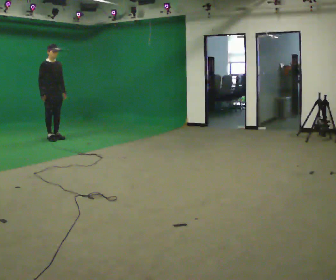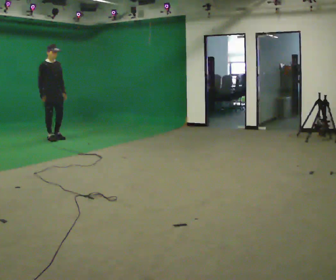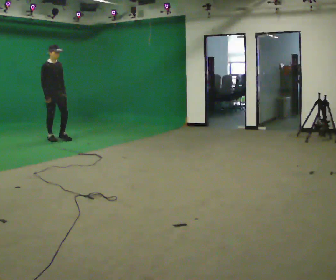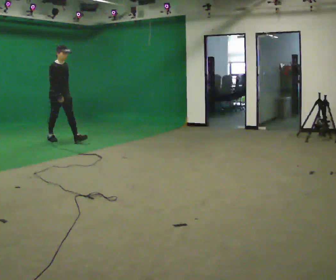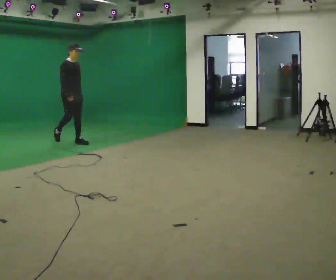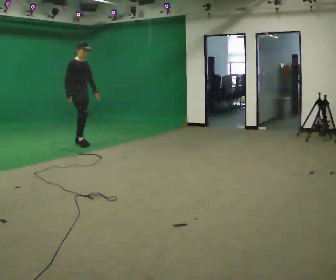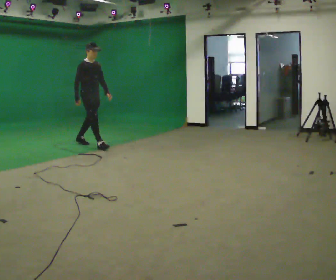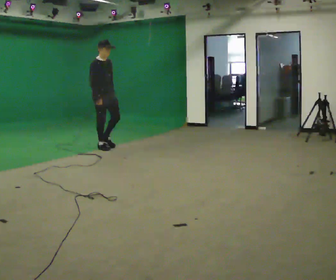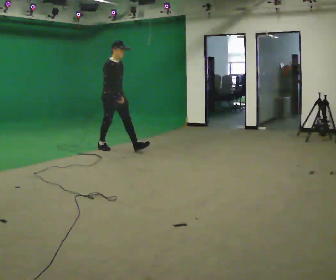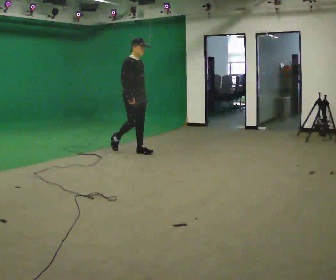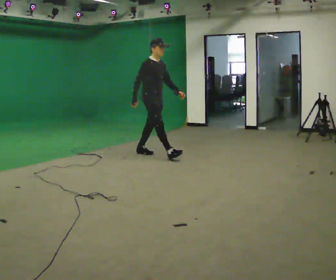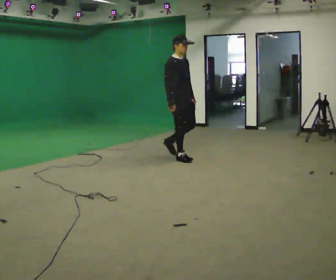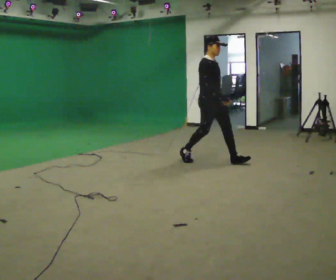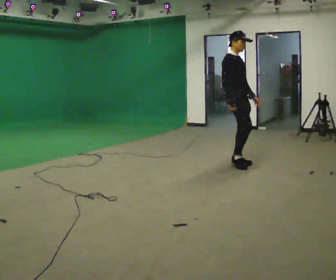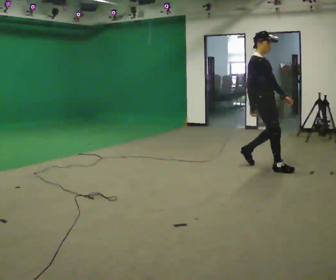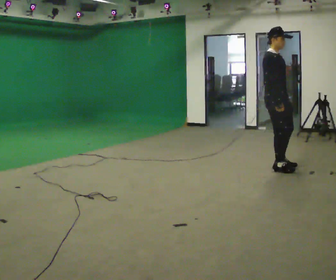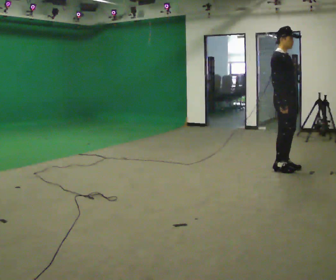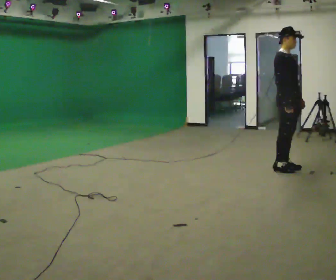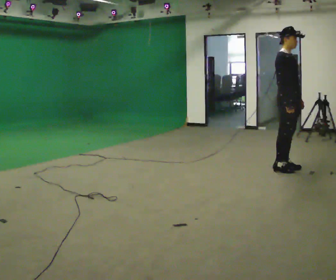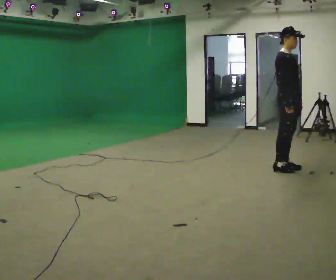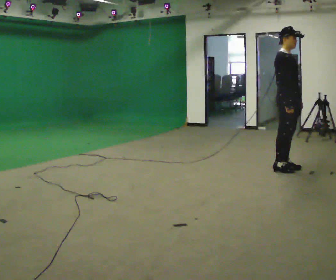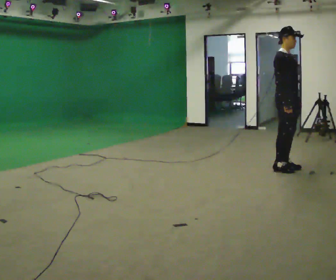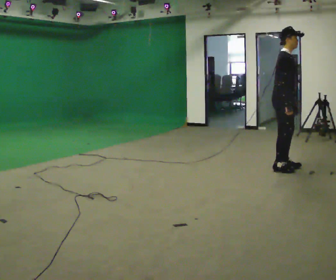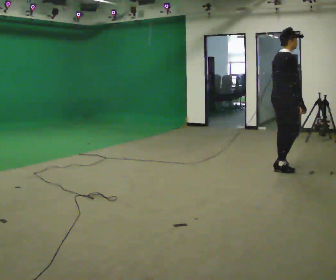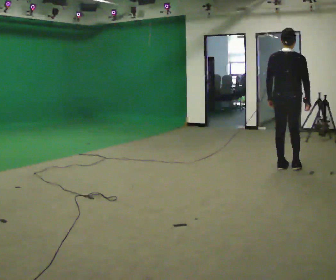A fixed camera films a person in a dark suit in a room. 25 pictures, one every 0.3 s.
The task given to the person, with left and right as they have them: Start still; gradually go slow → normal → fast; briefly maintain fast speed; stop.
0.0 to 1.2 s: In the picture they go to the right and toward the camera, about 0.5 m in 1 step, which for them is forward.
1.2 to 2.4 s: In the picture they go to the right and toward the camera, about 1 m in 1 step, which for them is forward.
2.4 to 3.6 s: In the picture they go to the right and toward the camera, about 1.5 m in 3 steps, which for them is forward.
3.6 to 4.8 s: In the picture they go to the right and toward the camera, about 1 m in 2 steps, which for them is forward.
4.8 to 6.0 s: The person moves a little, or ends about where they began.
6.0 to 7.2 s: The person turns about 105 degrees to their left, counterclockwise seen from above, so the part of the body nearest the lens slides to the right. In the picture their left hand goes to the left, the arm swinging clockwise.
The film runs forward here.
